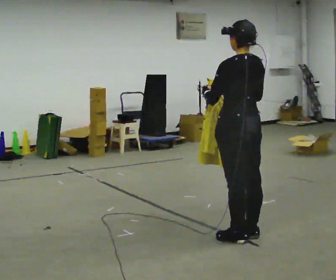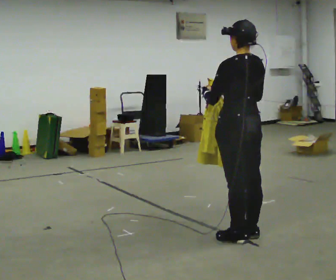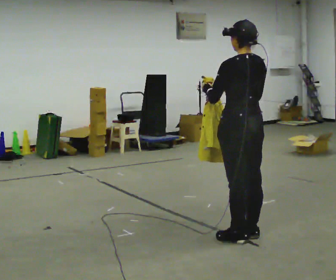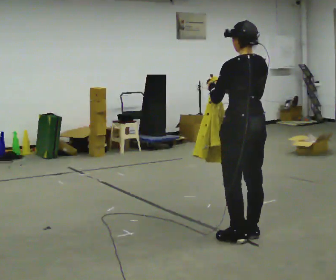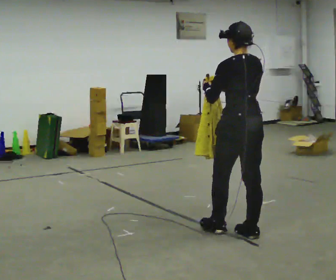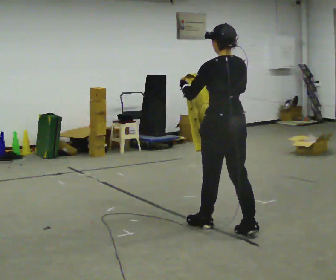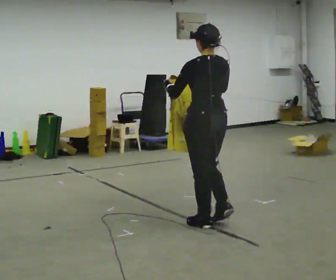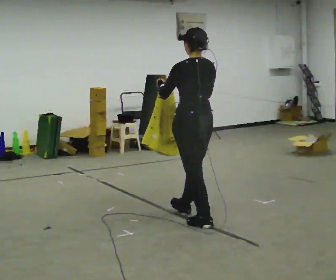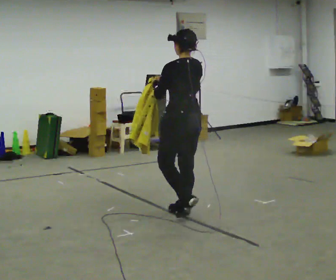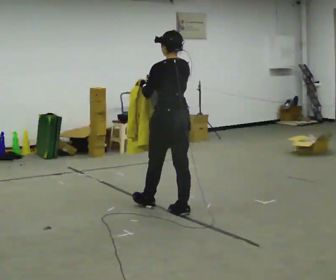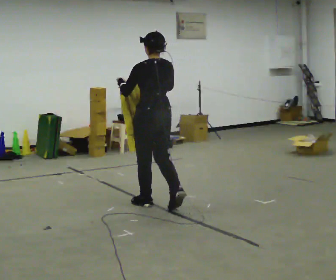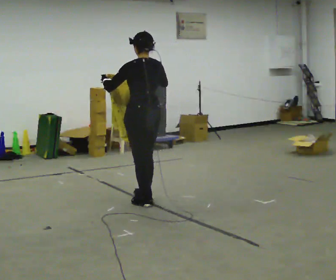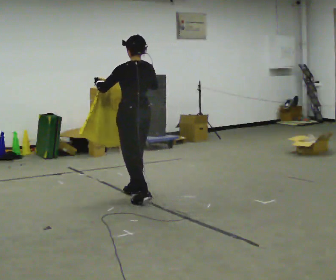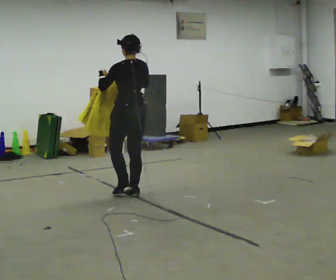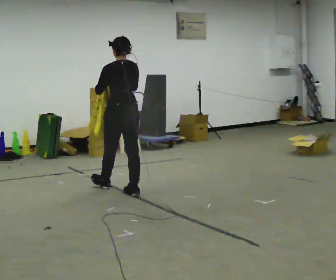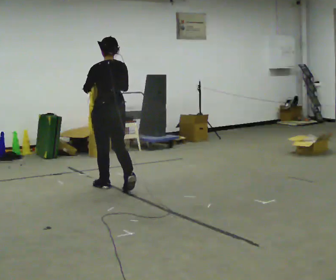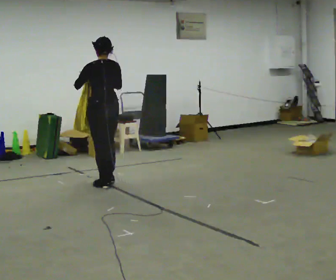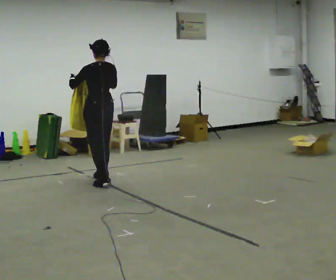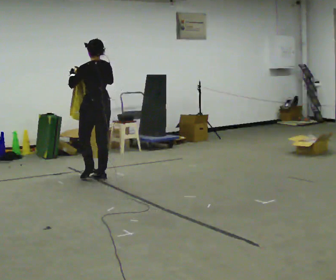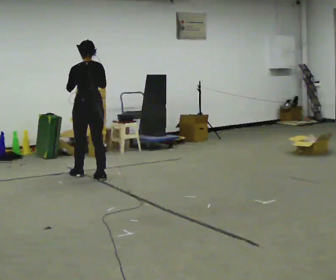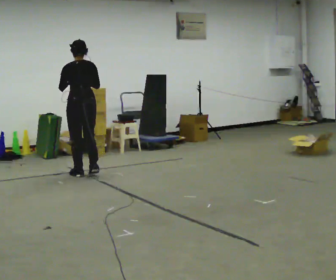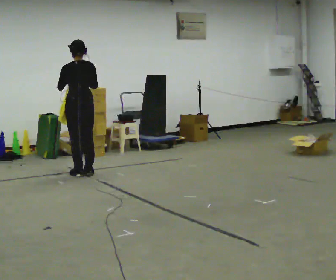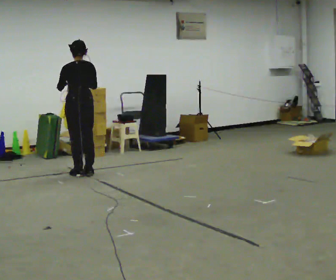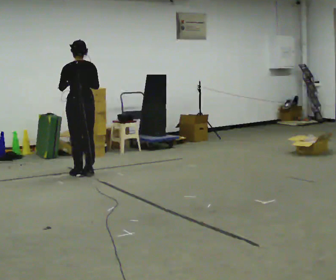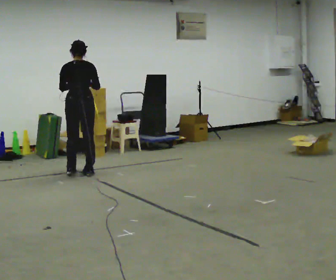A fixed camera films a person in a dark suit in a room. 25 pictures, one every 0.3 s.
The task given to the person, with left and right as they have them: Carry the cloth and, while walking, fold it in half, then unfold it. Keep repeating as you walk. Do not stop.
0.0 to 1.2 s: The person moves a little, or ends about where they began.
1.2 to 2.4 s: In the picture they go away from the camera and to the left, about 0.75 m in 2 steps, which for them is forward.
2.4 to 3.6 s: In the picture they go away from the camera and to the left, about 0.5 m in 2 steps, which for them is forward.
3.6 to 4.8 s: In the picture they go away from the camera and to the left, about 0.75 m in 1 step, which for them is forward.
4.8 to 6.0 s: In the picture they go away from the camera and to the left, about 0.5 m in 2 steps, which for them is forward.
6.0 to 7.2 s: The person moves a little, or ends about where they began.
The film runs forward here.
